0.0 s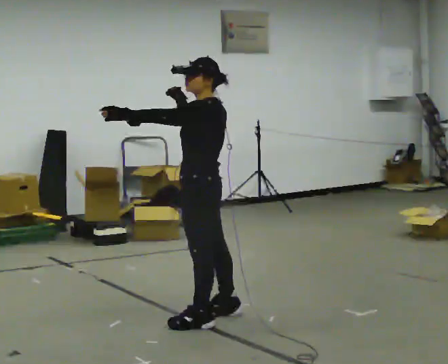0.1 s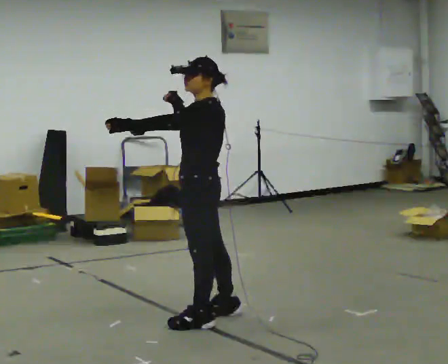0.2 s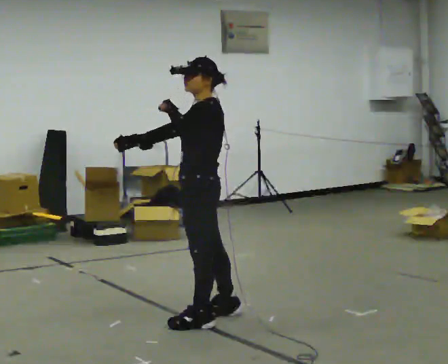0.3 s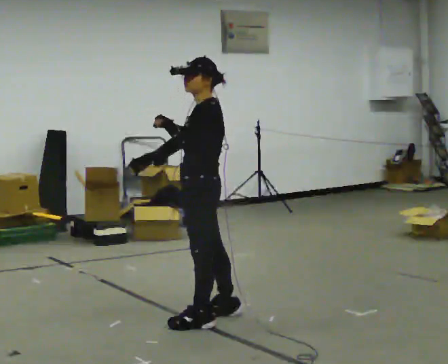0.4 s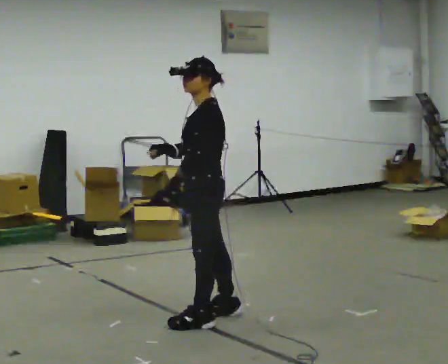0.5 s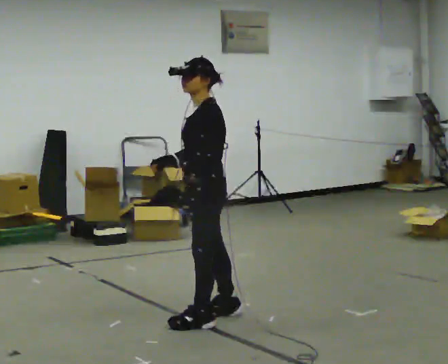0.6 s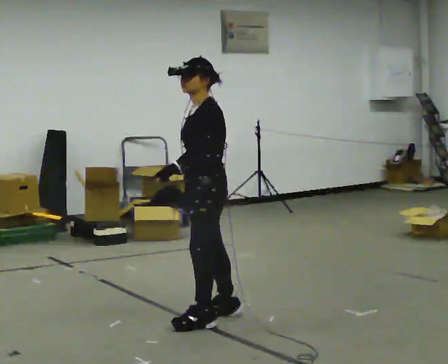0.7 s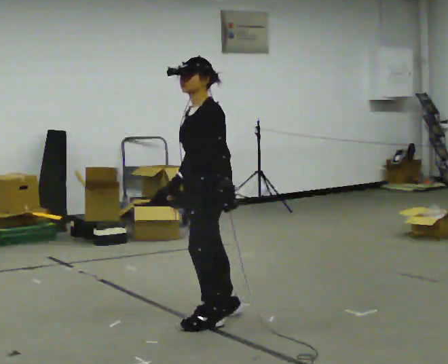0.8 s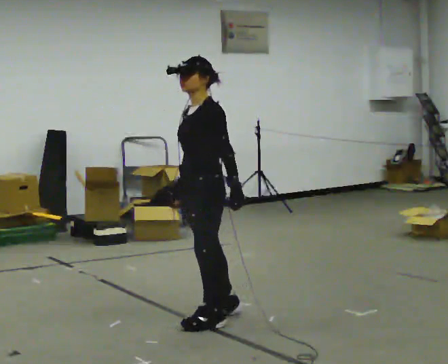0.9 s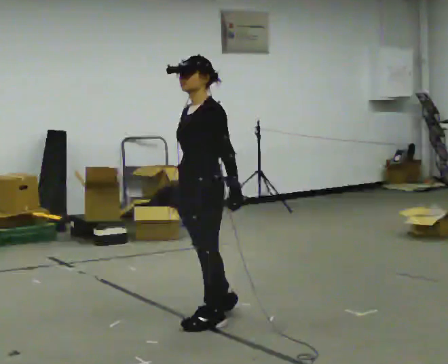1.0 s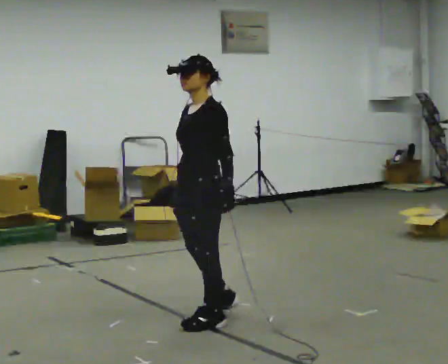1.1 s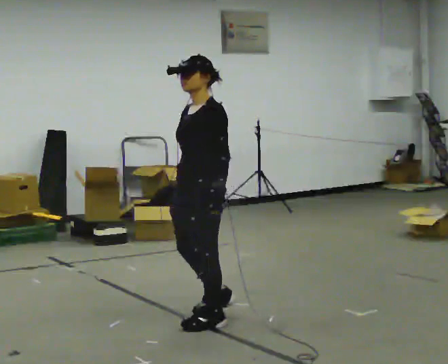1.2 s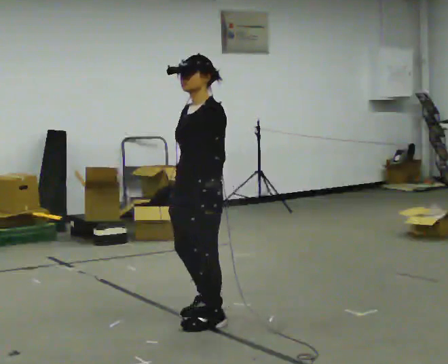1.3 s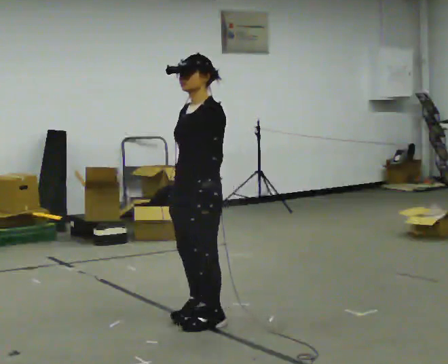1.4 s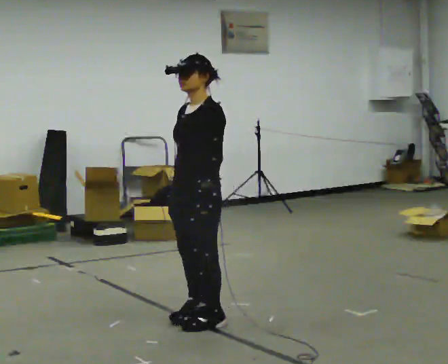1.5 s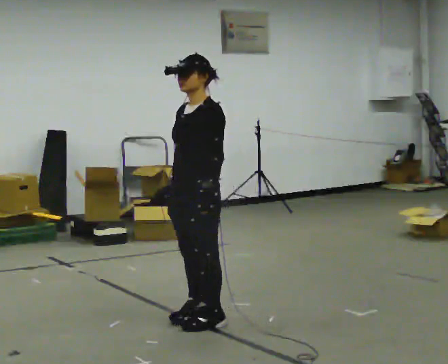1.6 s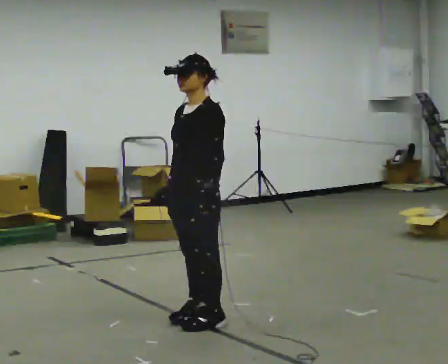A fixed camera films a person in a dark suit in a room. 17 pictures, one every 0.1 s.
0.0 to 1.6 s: The part of the body nearest the lens slides to the right as the person turns to their left by about 45 degrees. In the picture their left hand goes to the right and downward, the arm swinging counterclockwise.
The film runs forward here.
